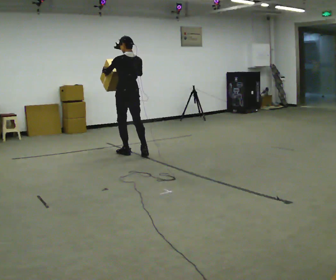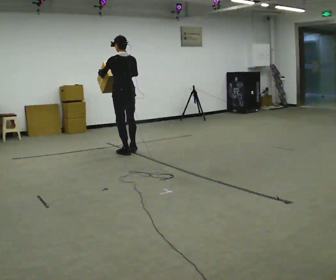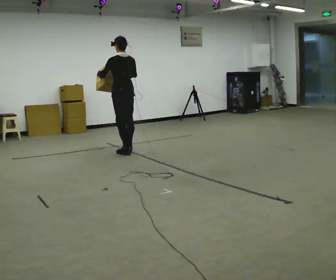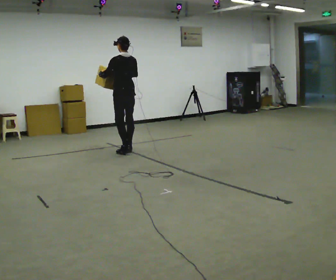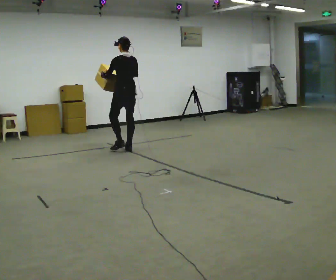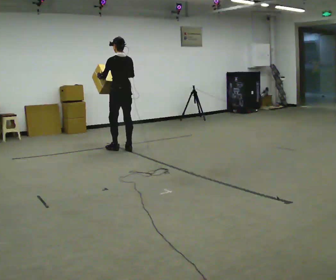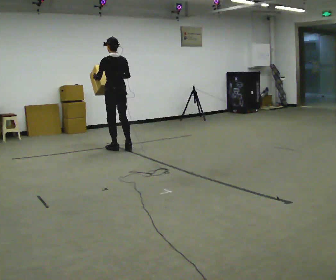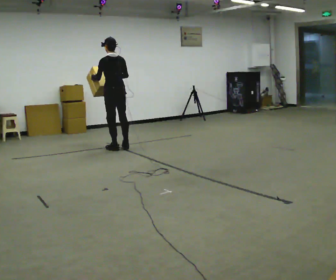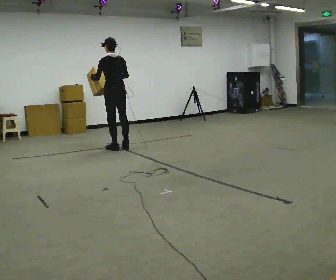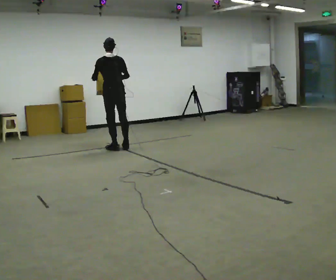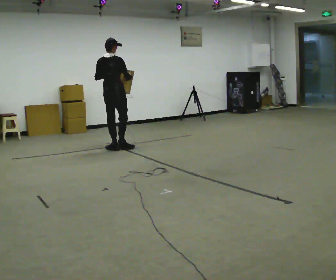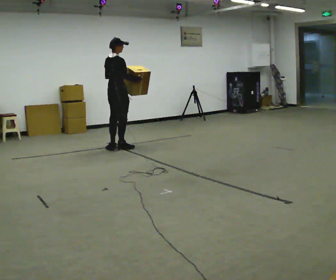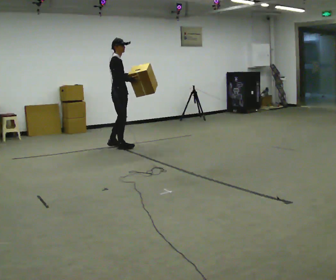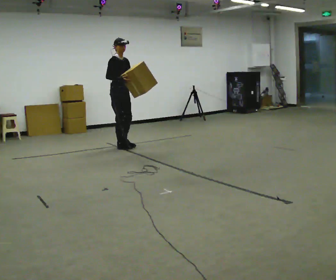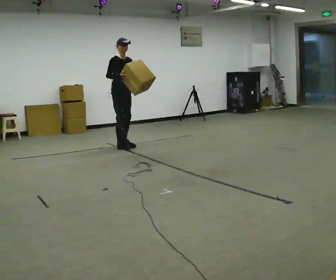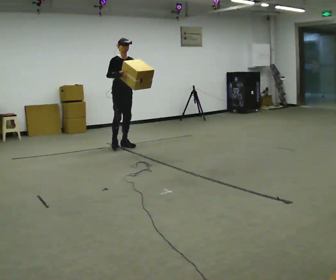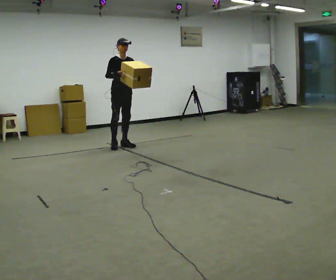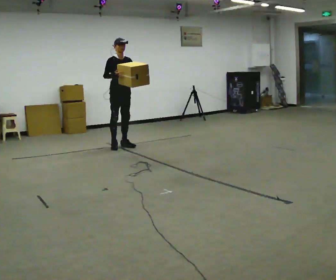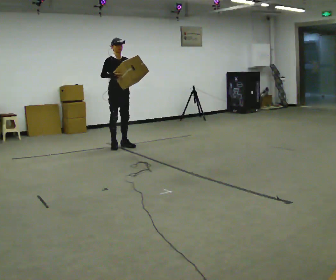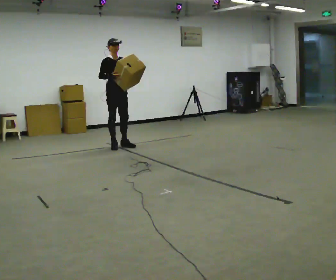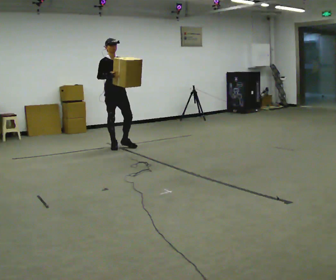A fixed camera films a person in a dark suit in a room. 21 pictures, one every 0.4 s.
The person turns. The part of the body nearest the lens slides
to the left.
The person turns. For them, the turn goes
to their right.
0.0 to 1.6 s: In the picture they go away from the camera, about 0.25 m in 1 step, which for them is forward and to their right.
1.6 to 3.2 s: In the picture they go to the left, about 0.25 m in 2 steps.
3.2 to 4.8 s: The person turns about 120 degrees to their right, clockwise seen from above, so the part of the body nearest the lens slides to the left.
4.8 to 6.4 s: The person turns about 60 degrees to their right, clockwise seen from above, so the part of the body nearest the lens slides to the left. In the picture they go away from the camera, about 0.25 m in 2 steps, which for them is to their left.
6.4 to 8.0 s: The person moves a little, or ends about where they began.
The film runs forward here.
